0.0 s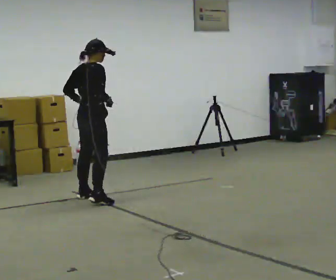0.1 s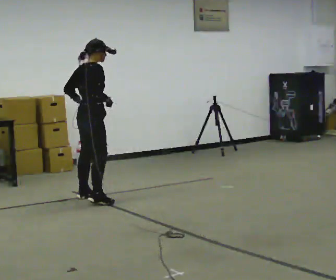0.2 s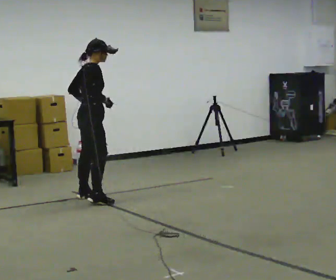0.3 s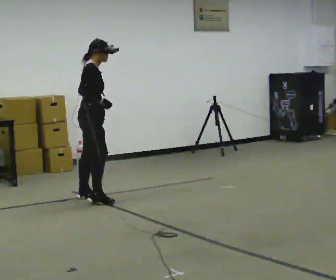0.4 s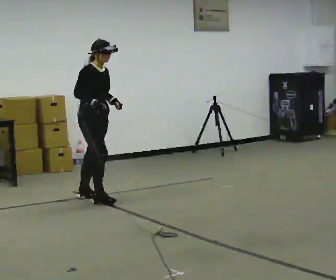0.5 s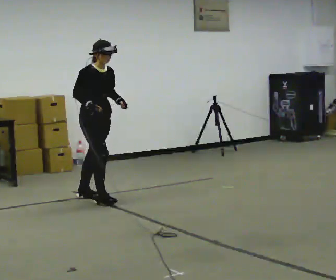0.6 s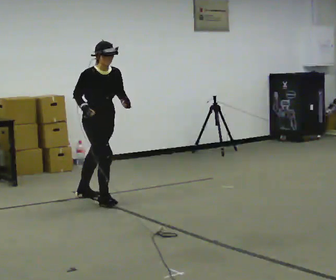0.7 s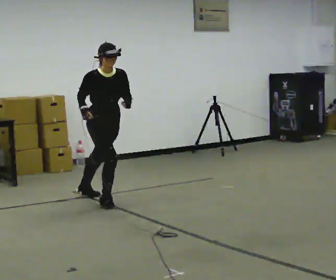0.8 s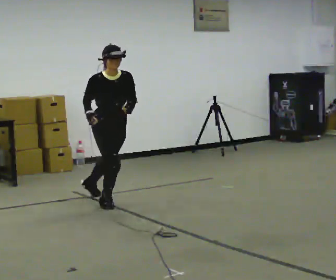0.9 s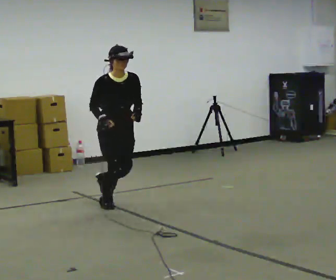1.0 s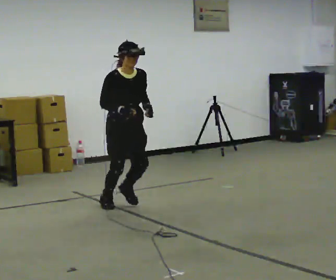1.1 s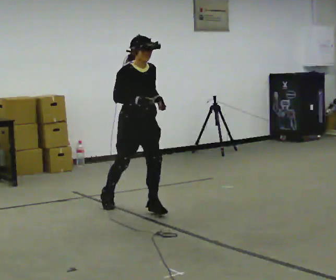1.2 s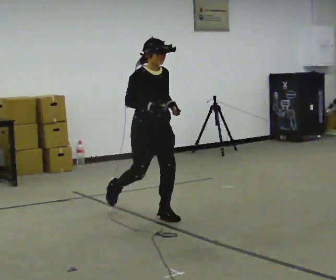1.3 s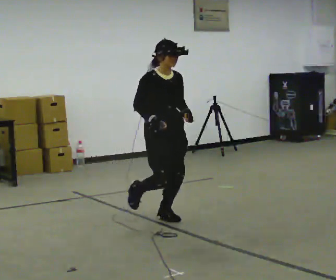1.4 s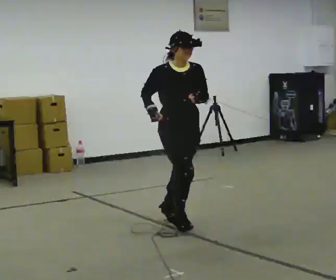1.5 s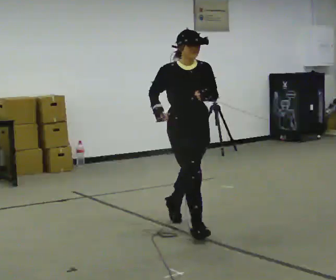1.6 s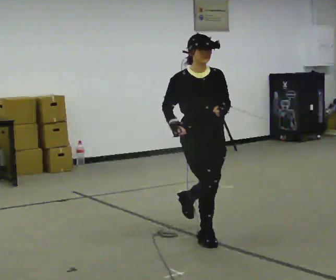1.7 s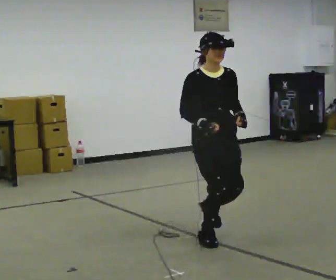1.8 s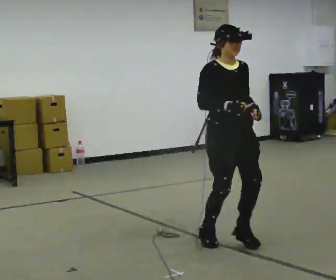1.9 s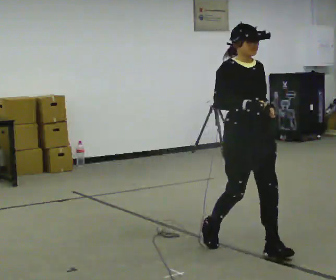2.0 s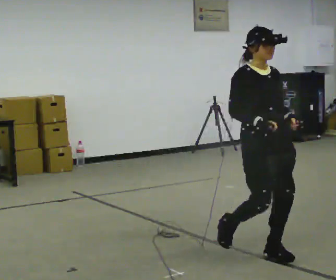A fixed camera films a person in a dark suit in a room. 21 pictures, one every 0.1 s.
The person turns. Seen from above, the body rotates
clockwise.
The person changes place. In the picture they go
toward the camera.
0.0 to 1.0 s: The part of the body nearest the lens slides to the left as the person turns to their right by about 90 degrees. In the picture they go toward the camera and to the right, about 0.75 m. The upper body tips toward the camera, its near side rolling downward.
1.0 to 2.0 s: In the picture they go toward the camera and to the right, about 1.5 m in 3 steps, which for them is forward.
The film runs forward here.
